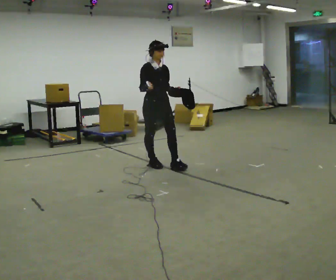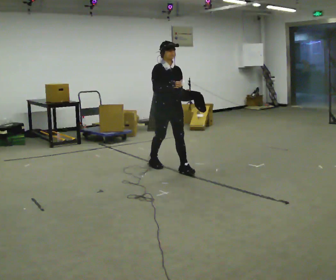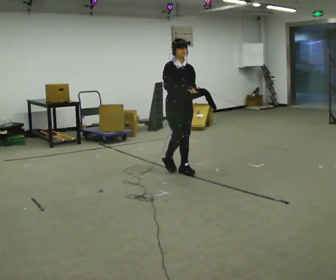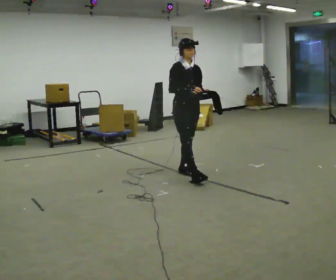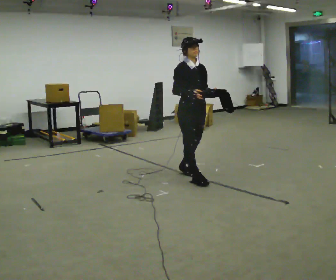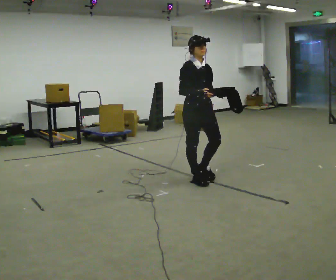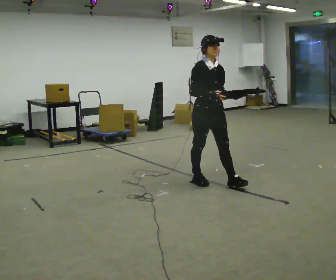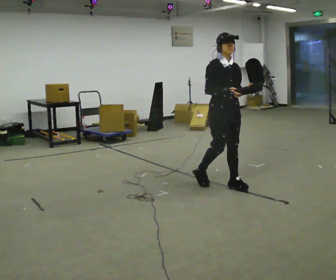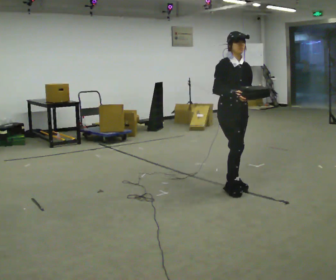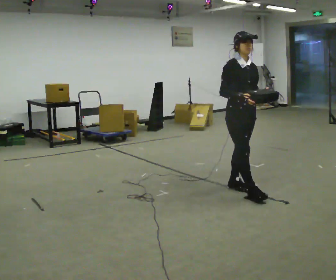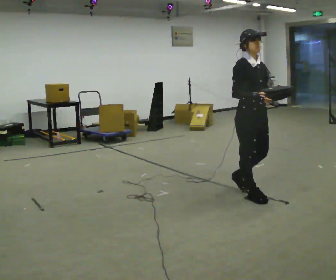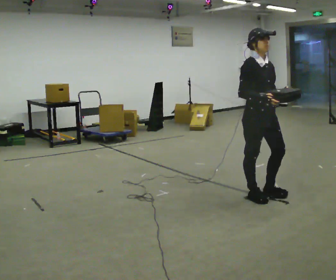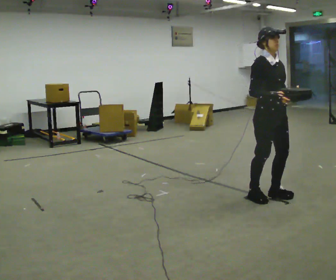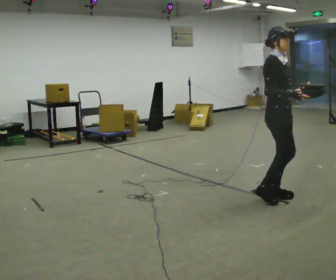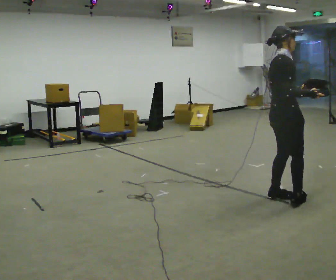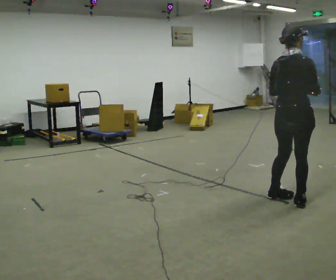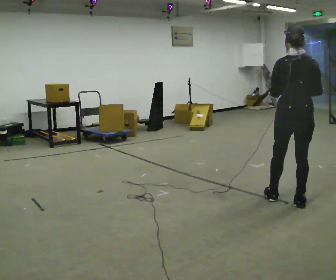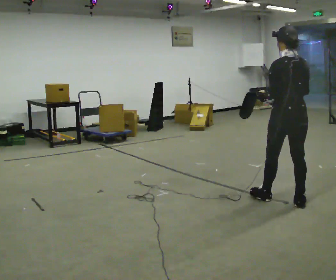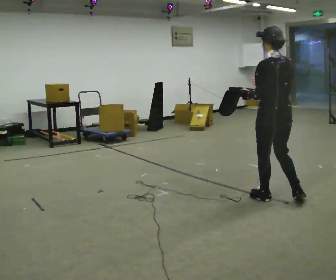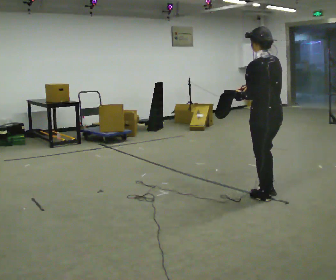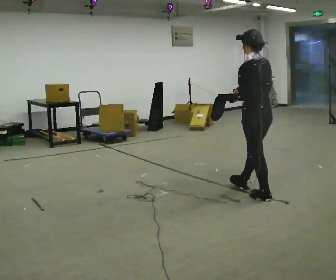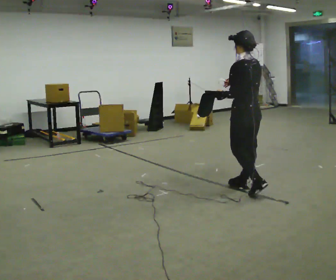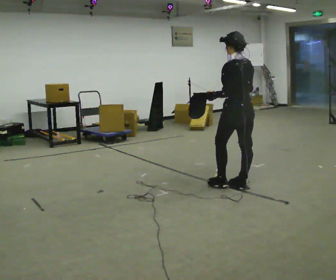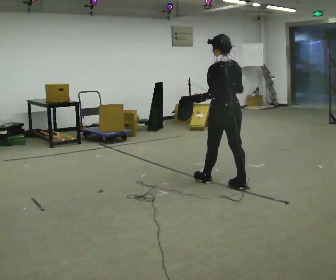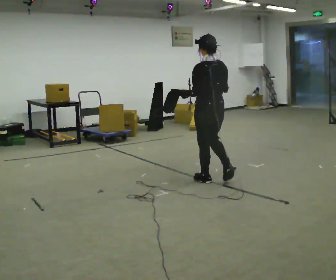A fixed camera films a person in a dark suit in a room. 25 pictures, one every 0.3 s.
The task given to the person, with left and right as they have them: Carry the open container and, while walking, reach in with one hand and take an item out, then put it back. Repeat as you walk. Do not stop.
0.0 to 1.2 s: In the picture they go to the right and toward the camera, about 0.5 m in 2 steps, which for them is forward.
1.2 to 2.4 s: In the picture they go to the right and toward the camera, about 0.5 m in 1 step, which for them is forward.
2.4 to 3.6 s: In the picture they go to the right and toward the camera, about 0.5 m in 2 steps, which for them is forward.
3.6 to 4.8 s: The part of the body nearest the lens slides to the right as the person turns to their left by about 135 degrees. In the picture they go to the right and toward the camera, about 0.25 m in 1 step.
4.8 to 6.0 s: The part of the body nearest the lens slides to the right as the person turns to their left by about 45 degrees. In the picture they go to the left and away from the camera, about 0.5 m in 1 step, which for them is forward.
6.0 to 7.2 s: In the picture they go to the left and away from the camera, about 0.75 m in 1 step, which for them is forward.
The film runs forward here.
